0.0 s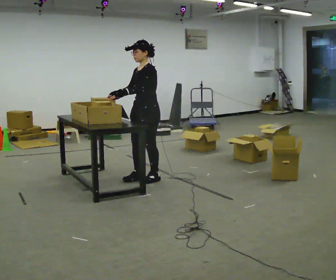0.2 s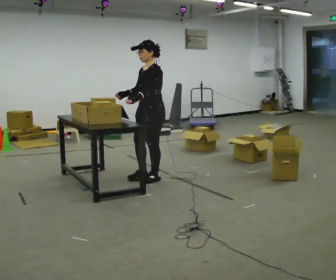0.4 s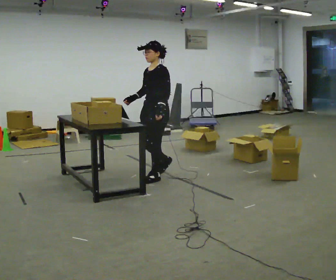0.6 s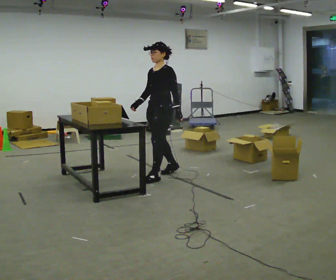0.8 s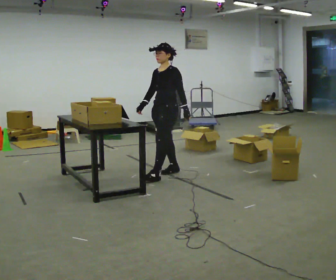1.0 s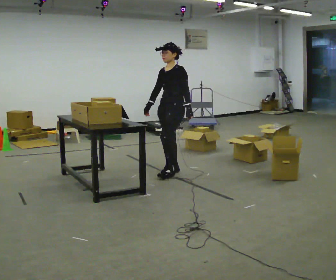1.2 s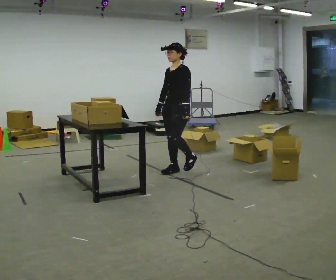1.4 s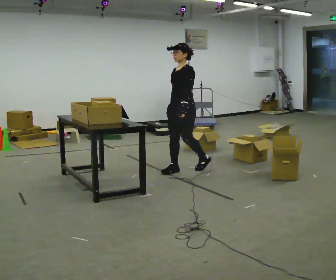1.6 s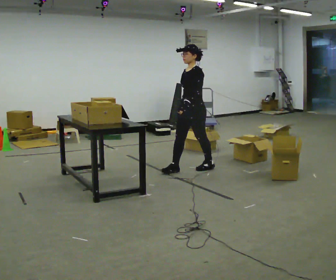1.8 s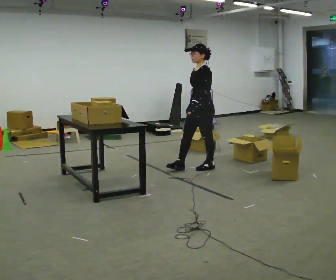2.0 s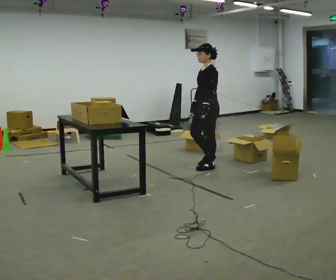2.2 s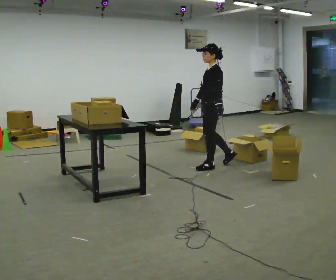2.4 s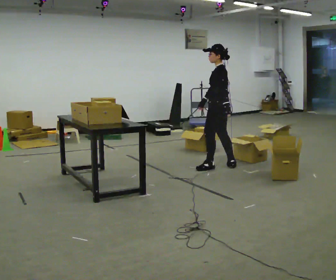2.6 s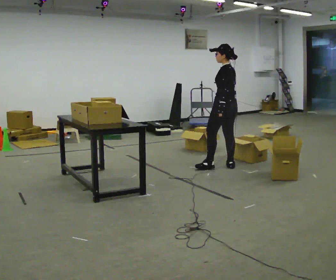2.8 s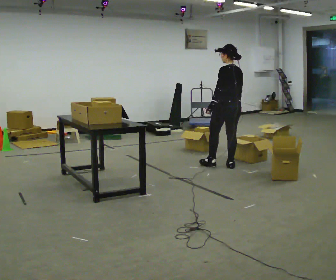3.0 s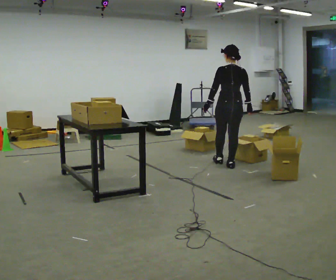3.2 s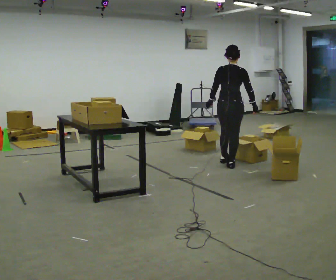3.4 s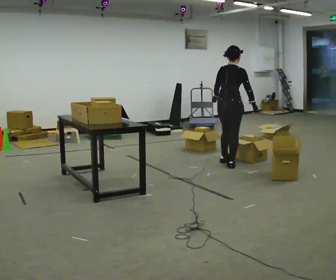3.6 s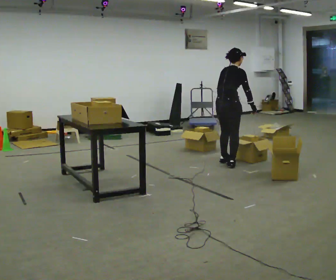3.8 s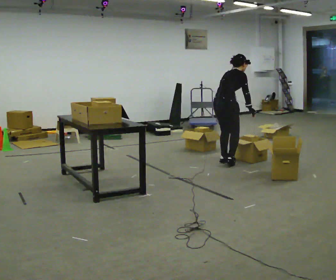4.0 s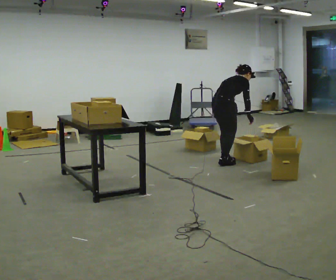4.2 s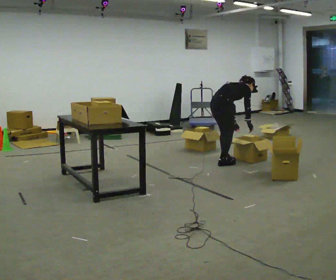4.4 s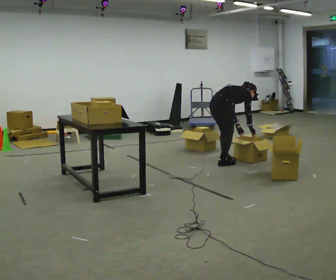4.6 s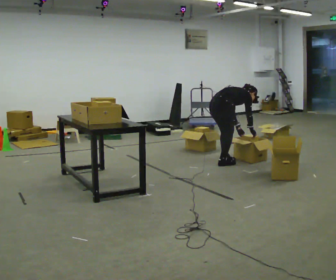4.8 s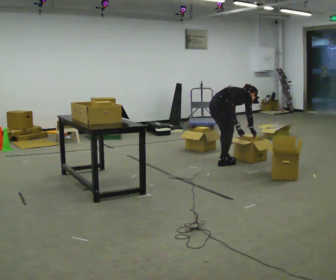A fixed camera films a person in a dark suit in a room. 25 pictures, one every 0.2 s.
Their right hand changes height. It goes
downward.
The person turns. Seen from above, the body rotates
clockwise.
0.0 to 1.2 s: In the picture they go away from the camera and to the right, about 0.5 m in 2 steps, which for them is backward.
1.2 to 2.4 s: The person turns about 60 degrees to their right, clockwise seen from above, so the part of the body nearest the lens slides to the left. In the picture they go to the right, about 0.5 m in 1 step.
2.4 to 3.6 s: The part of the body nearest the lens slides to the left as the person turns to their right by about 120 degrees. In the picture they go away from the camera, about 0.25 m in 1 step.
3.6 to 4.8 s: The shoulders move downward. In the picture the upper body tilts clockwise, shoulders to the right, as they bend forward. In the picture their left hand goes downward.
The film runs backward here.
